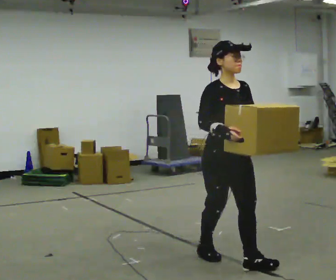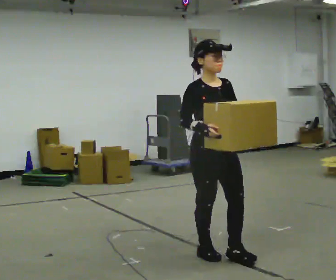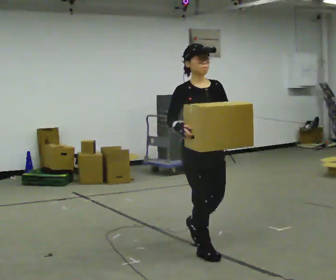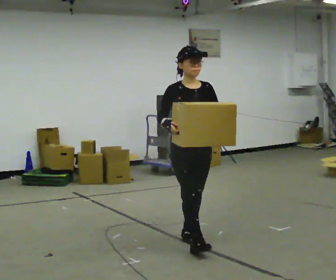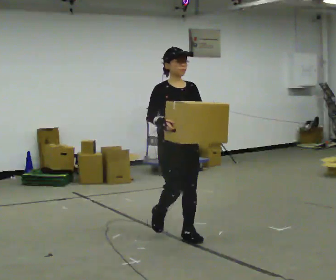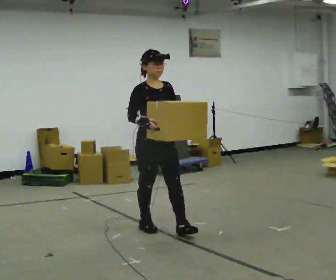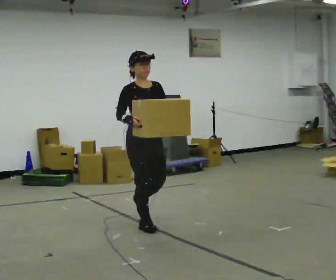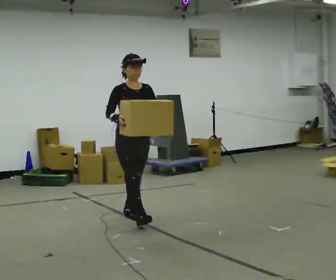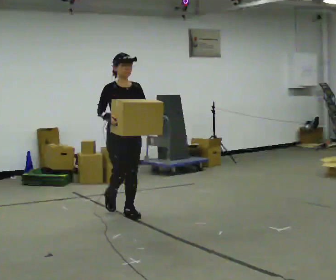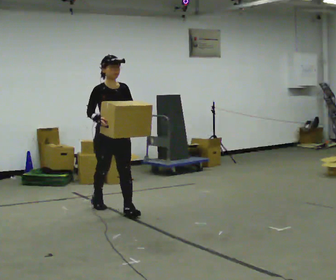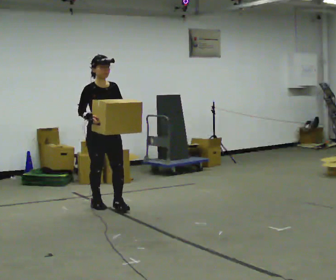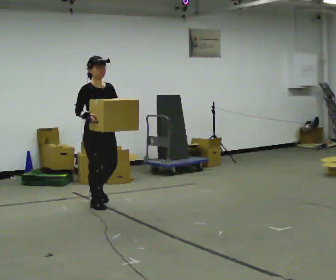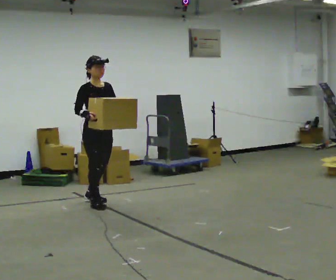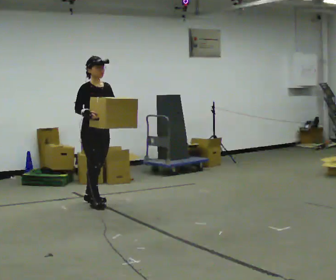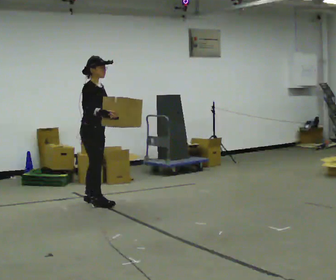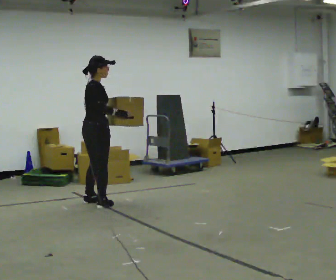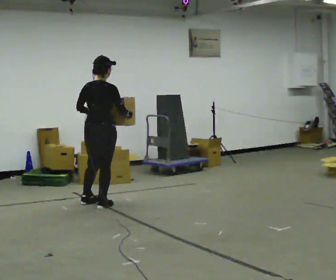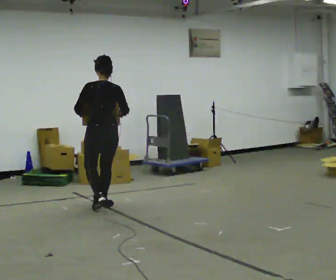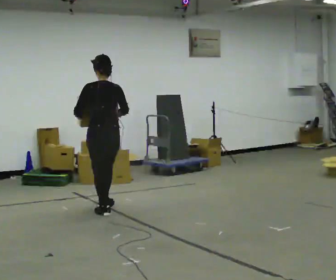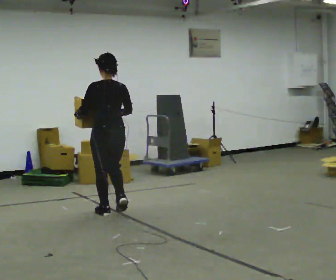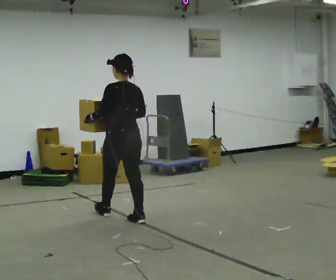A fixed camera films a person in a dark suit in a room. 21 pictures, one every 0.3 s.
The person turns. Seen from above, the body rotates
counterclockwise.
The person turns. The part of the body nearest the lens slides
to the right.
0.0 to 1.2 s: In the picture they go away from the camera, about 1 m in 2 steps, which for them is backward.
1.2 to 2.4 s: In the picture they go away from the camera and to the left, about 1 m in 2 steps, which for them is backward.
2.4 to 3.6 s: In the picture they go away from the camera and to the left, about 0.5 m in 1 step, which for them is backward.
3.6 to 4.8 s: Seen from above the body turns counterclockwise, about 120 degrees: to their left, with its near side sliding to the right. In the picture their right hand goes to the right.
4.8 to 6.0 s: The person turns about 60 degrees to their left, counterclockwise seen from above, so the part of the body nearest the lens slides to the right. In the picture they go toward the camera and to the right, about 0.5 m in 2 steps, which for them is backward.
The film runs backward here.
